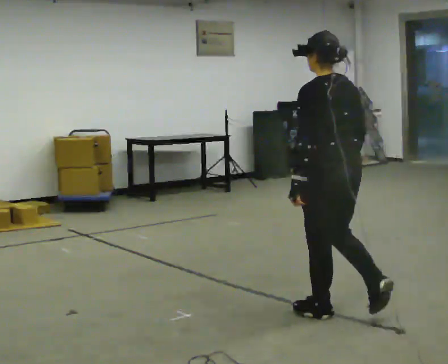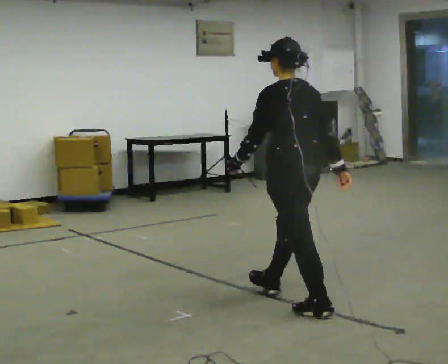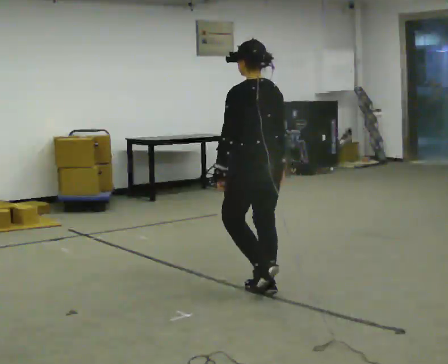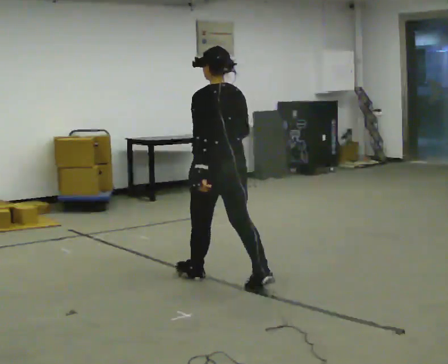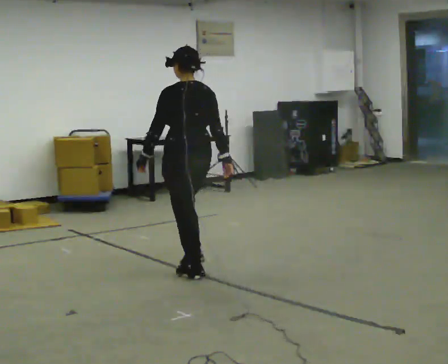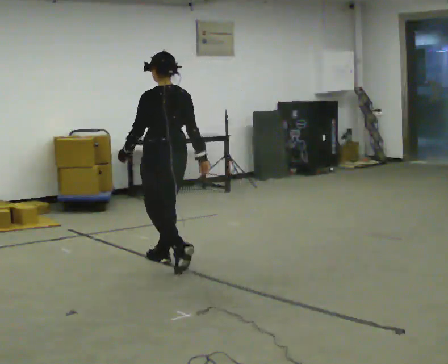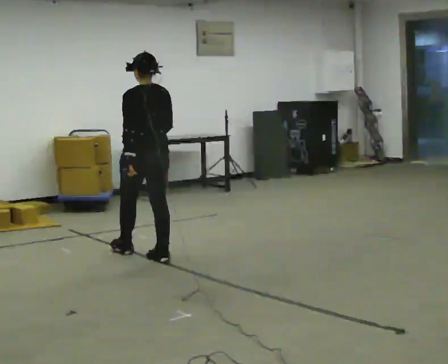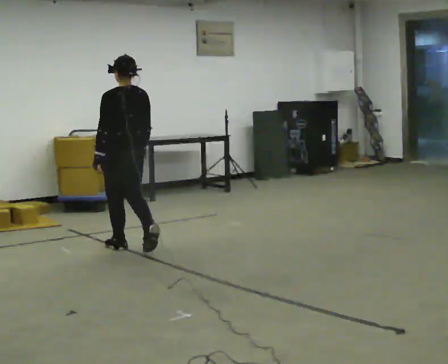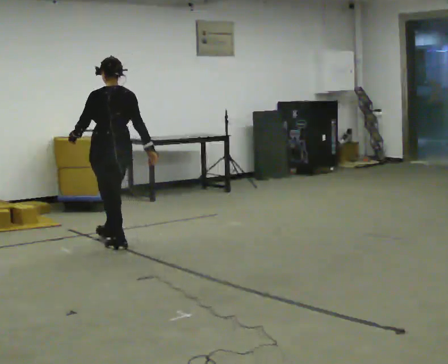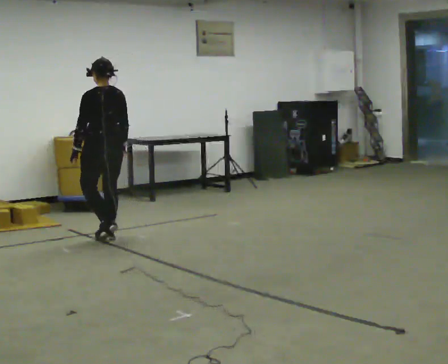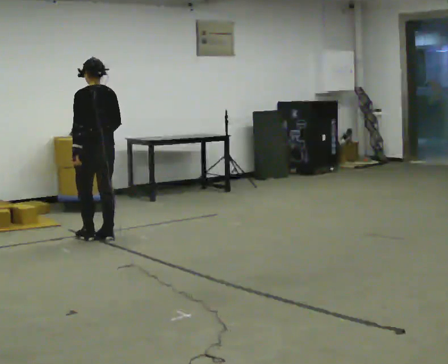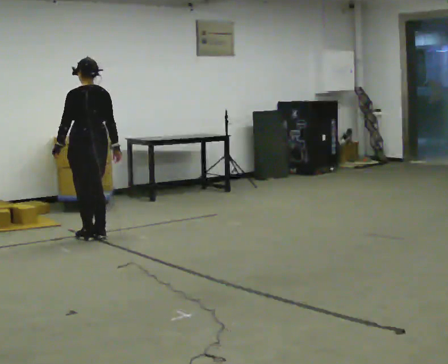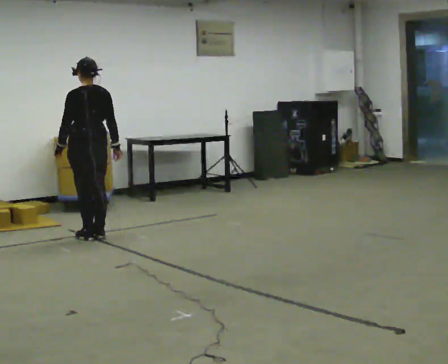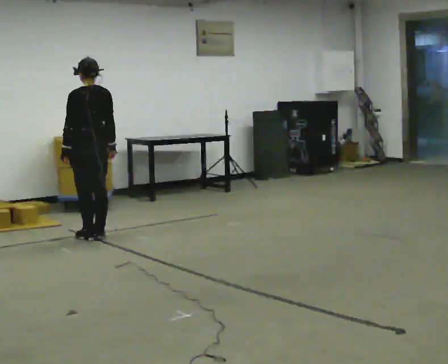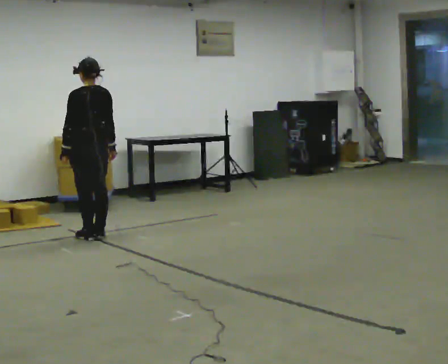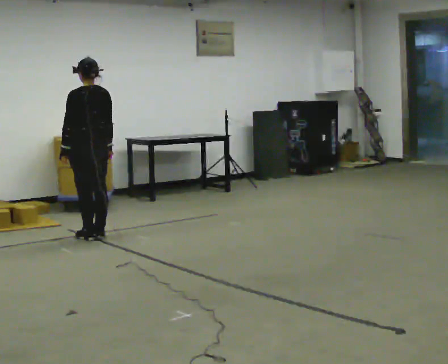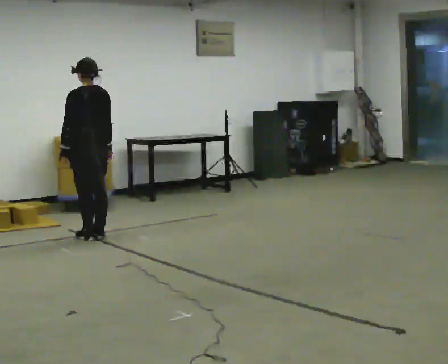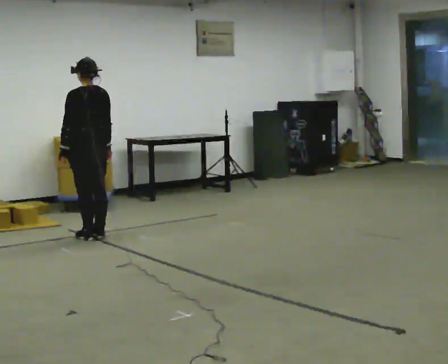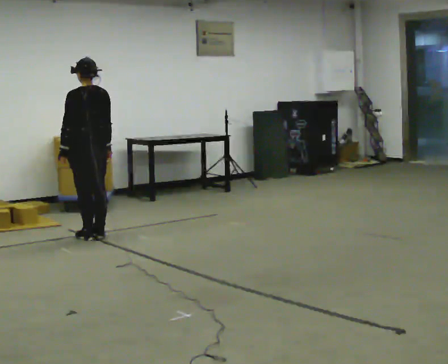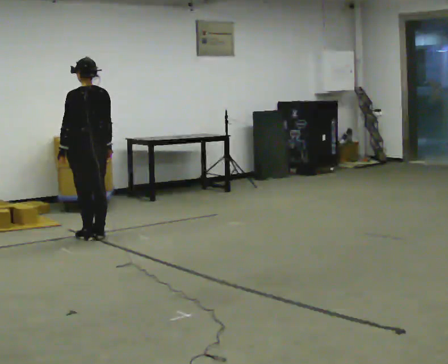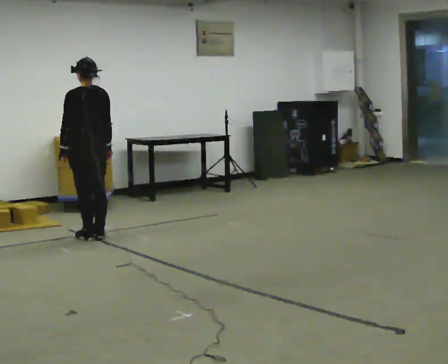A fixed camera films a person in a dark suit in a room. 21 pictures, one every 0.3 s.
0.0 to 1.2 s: In the picture they go away from the camera and to the left, about 1.5 m in 2 steps, which for them is forward.
1.2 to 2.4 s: In the picture they go away from the camera and to the left, about 1 m in 2 steps, which for them is forward.
2.4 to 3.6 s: In the picture they go away from the camera and to the left, about 0.25 m in 2 steps, which for them is forward.
3.6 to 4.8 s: The person moves a little, or ends about where they began.
4.8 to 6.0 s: The person keeps their place and pose.
The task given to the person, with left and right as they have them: Stand still 2 s; begin walking naturally; walk forward; stop.
The film runs forward here.
